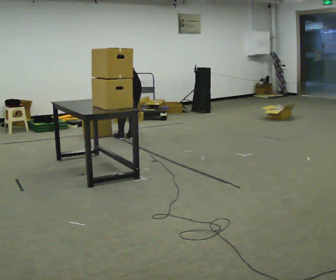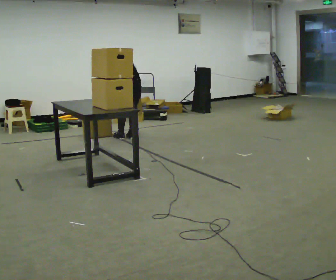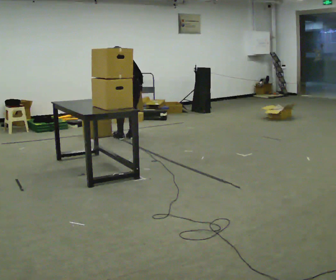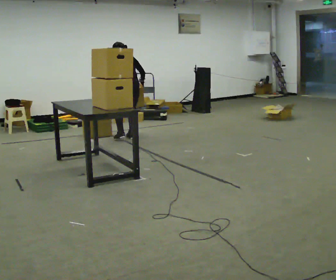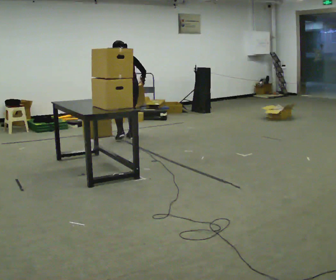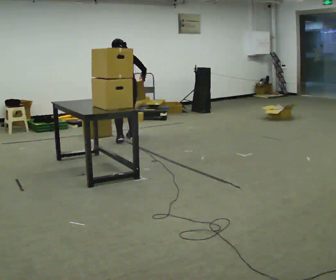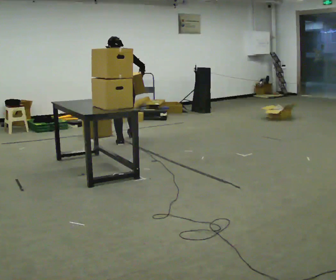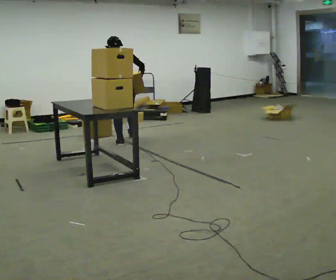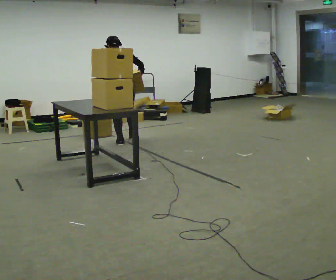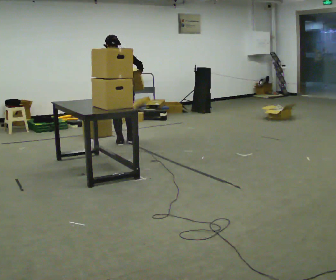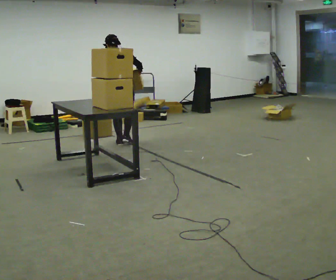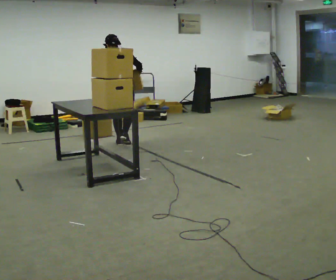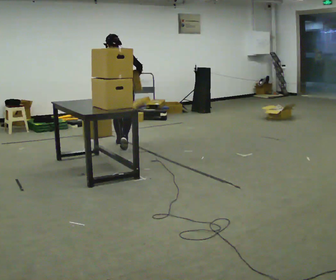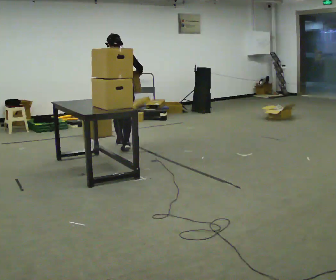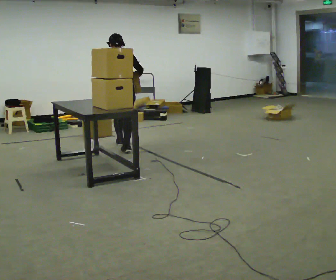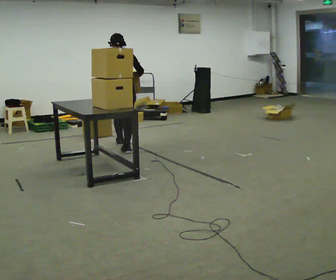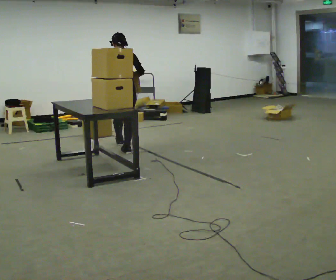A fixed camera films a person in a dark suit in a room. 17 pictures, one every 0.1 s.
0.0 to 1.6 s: In the picture they go toward the camera, about 0.5 m in 2 steps, which for them is backward. The upper body goes upward. The upper body tips toward the camera, its near side rolling downward, as they lean back or straighten. In the picture their right hand goes upward.
The film runs backward here.
